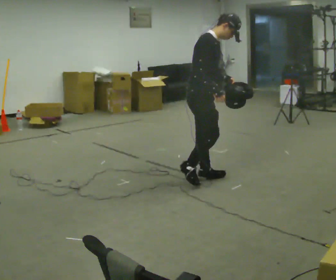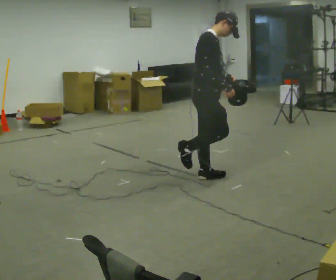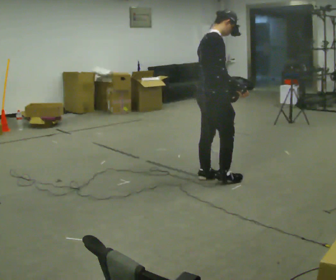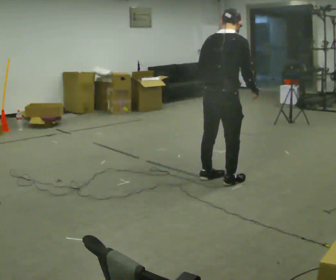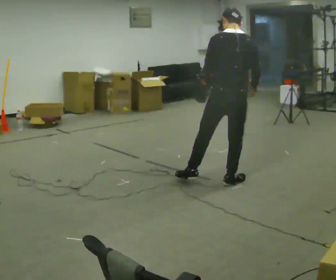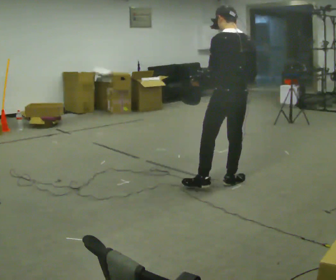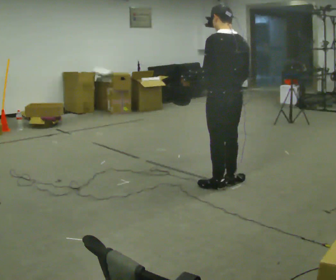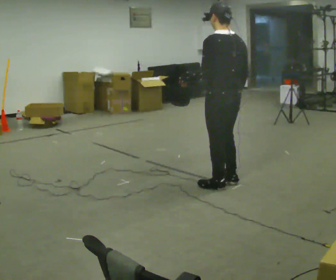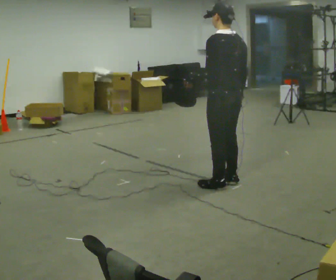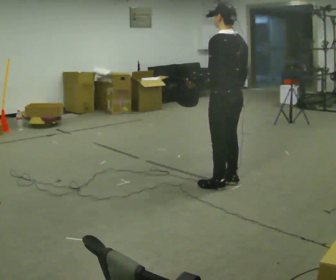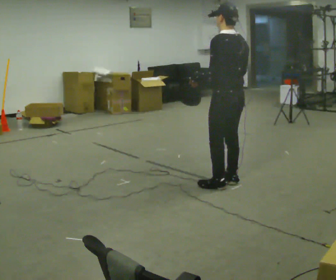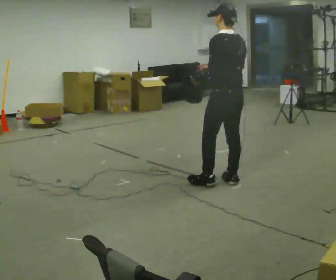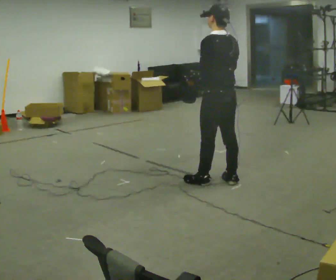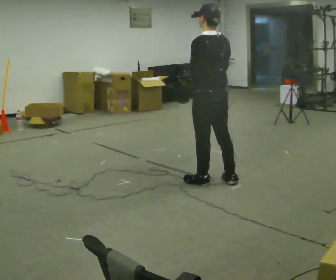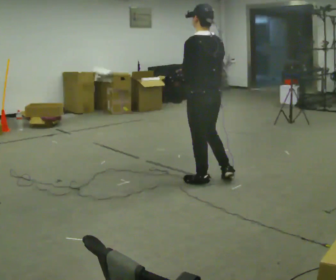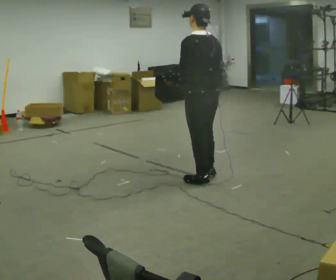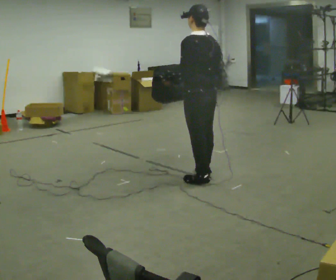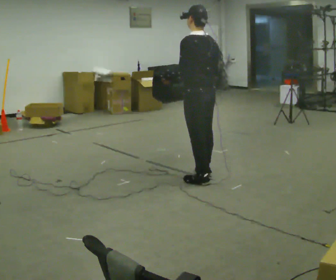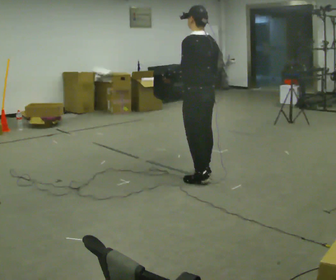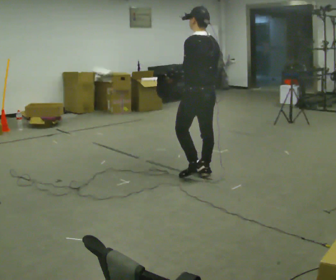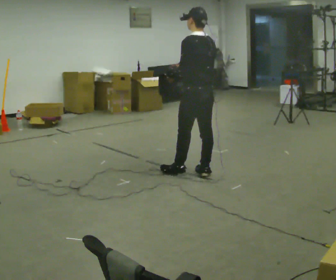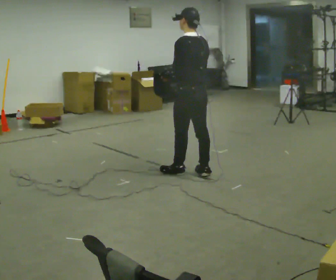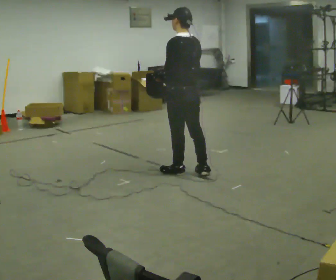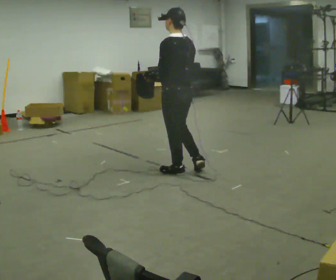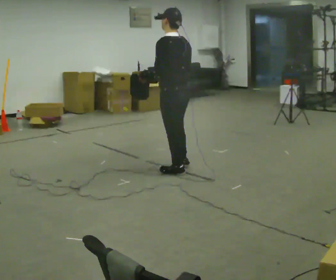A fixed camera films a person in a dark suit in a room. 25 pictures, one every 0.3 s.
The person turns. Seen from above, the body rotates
counterclockwise.
The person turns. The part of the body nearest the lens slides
to the right.
0.0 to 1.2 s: The part of the body nearest the lens slides to the right as the person turns to their left by about 120 degrees. In the picture they go to the right, about 0.25 m in 2 steps.
1.2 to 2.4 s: The person turns about 30 degrees to their left, counterclockwise seen from above, so the part of the body nearest the lens slides to the right.
2.4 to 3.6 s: In the picture their right hand goes to the left.
3.6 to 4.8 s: In the picture they go to the left, about 0.25 m in 1 step, which for them is forward.
4.8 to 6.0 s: In the picture they go away from the camera, about 0.25 m in 1 step, which for them is forward and to their right. In the picture their right hand goes to the left.
6.0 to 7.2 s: In the picture they go to the left, about 0.25 m, which for them is forward and to their left.
The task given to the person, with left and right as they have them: Carry the open container and, while walking, reach in with one hand and take an item out, then put it back. Repeat as you walk. Do not stop.
The film runs forward here.
